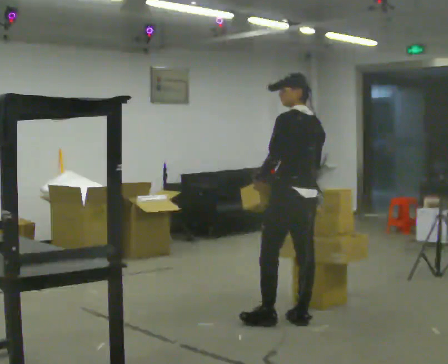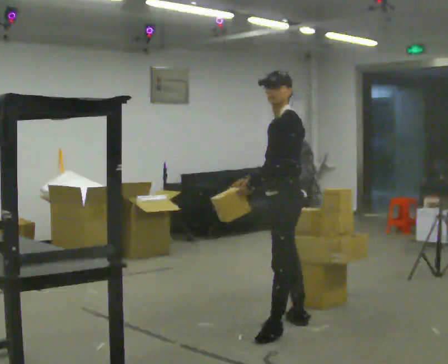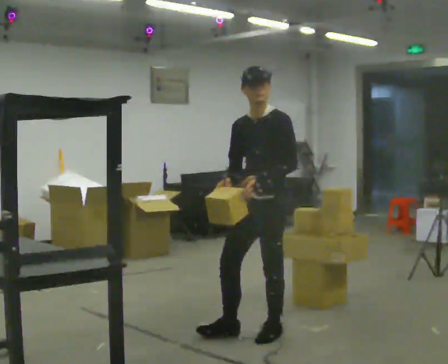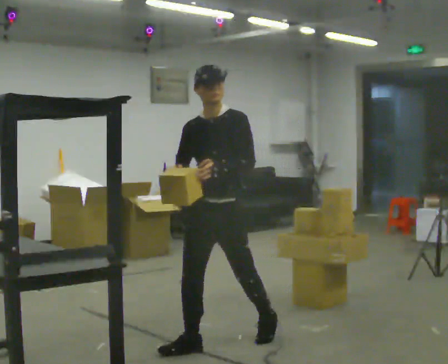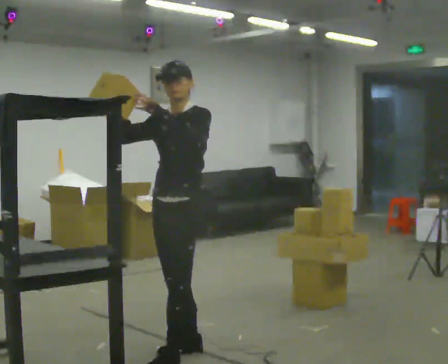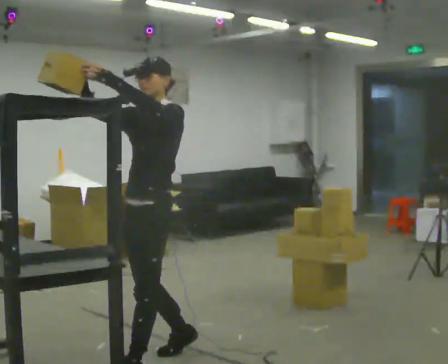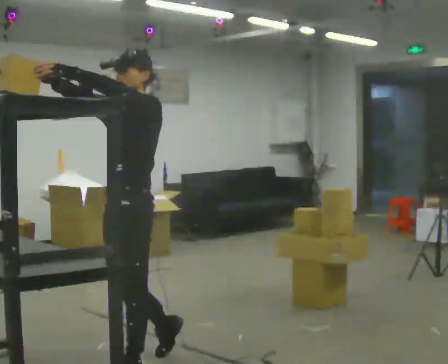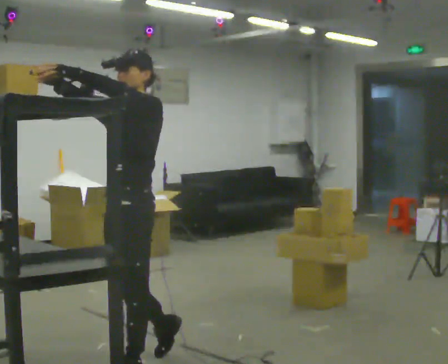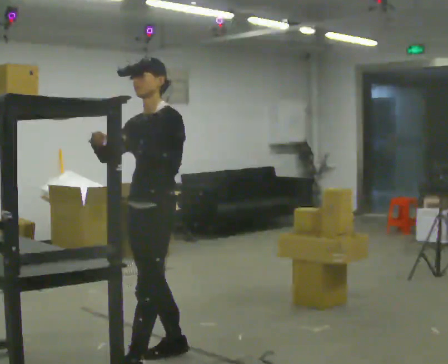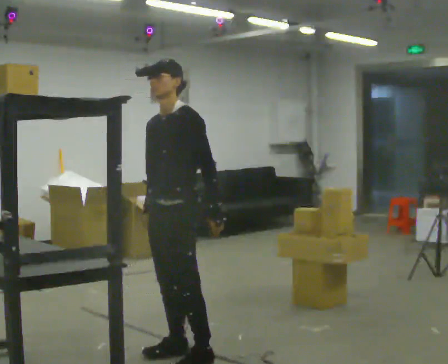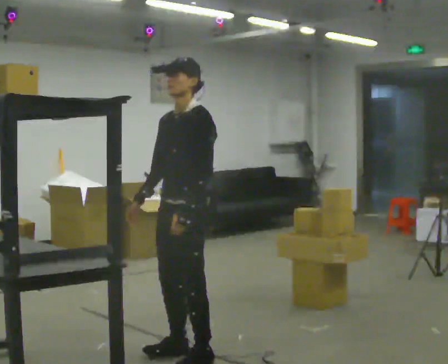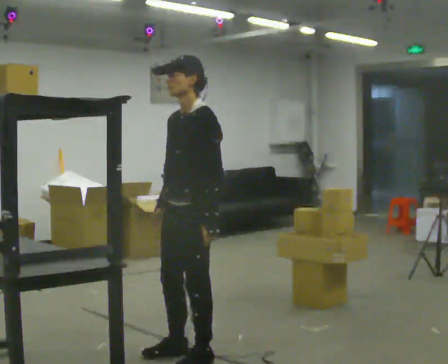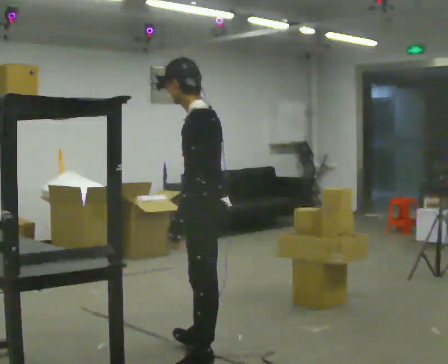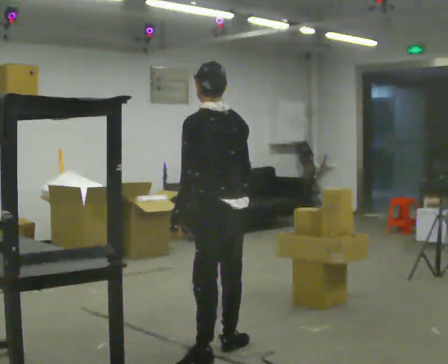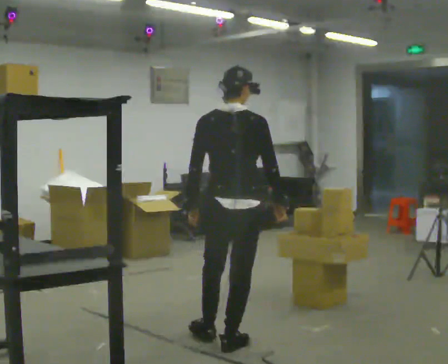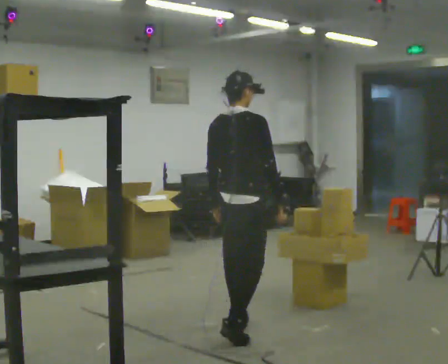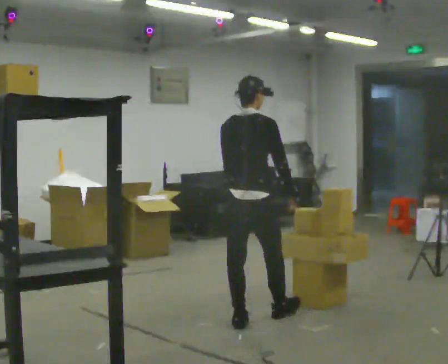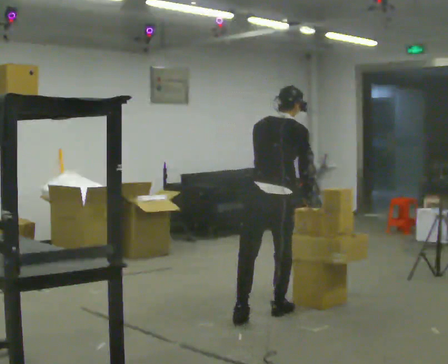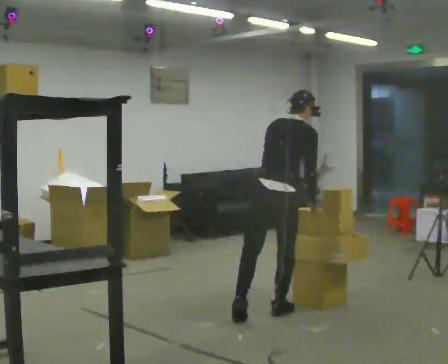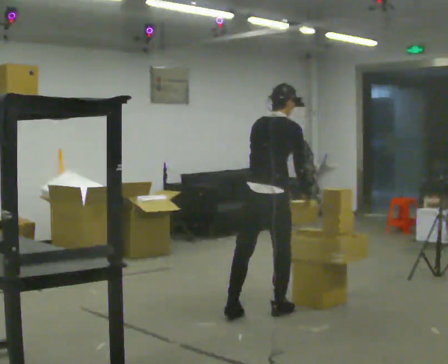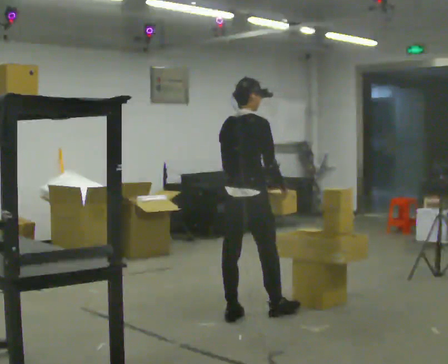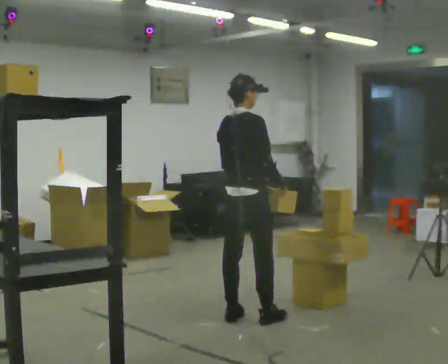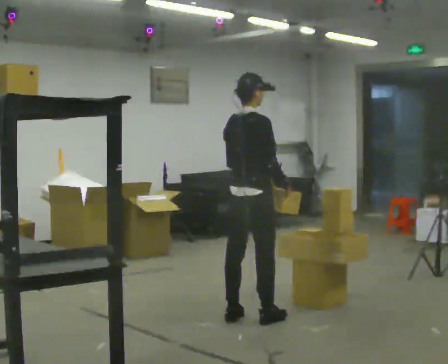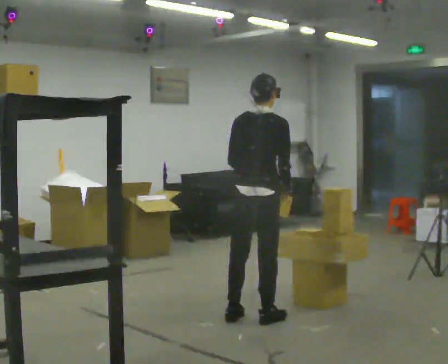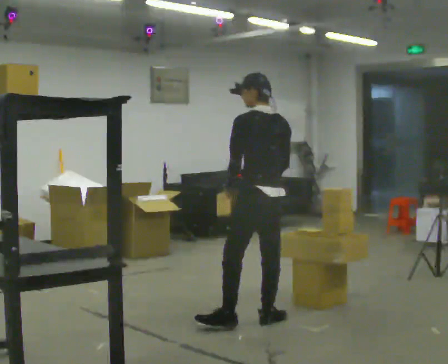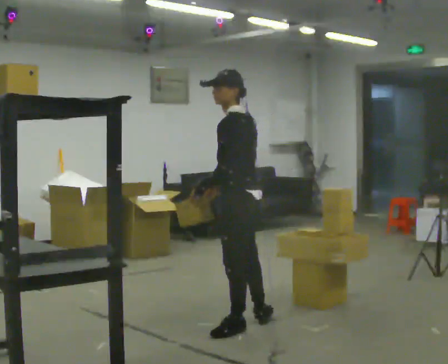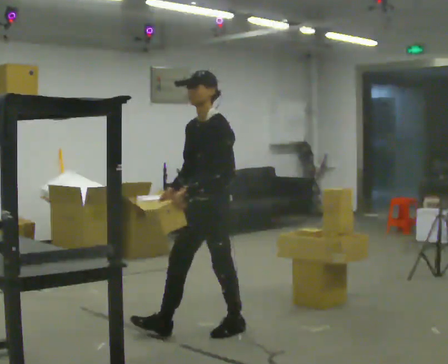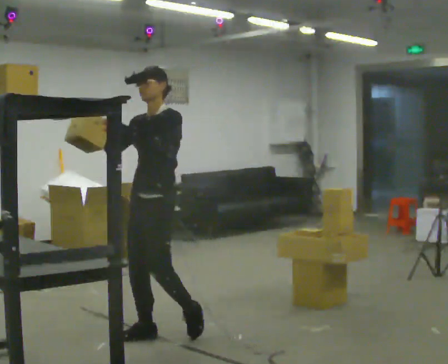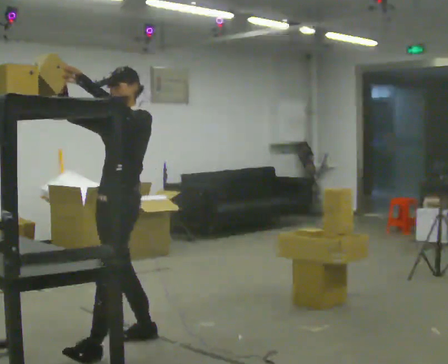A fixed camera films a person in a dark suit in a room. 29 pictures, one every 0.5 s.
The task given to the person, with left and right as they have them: Take an object down from the highest shelf you can comfortably reach, carry it across, and place it on the waist-height shelf. Keep going until the operator says stop; one object at a time, and do not rush between trips.
0.0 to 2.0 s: The part of the body nearest the lens slides to the right as the person turns to their left by about 105 degrees. In the picture they go to the left and toward the camera, about 1 m in 2 steps. In the picture their right hand goes upward.
2.0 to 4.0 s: In the picture they go toward the camera, about 0.25 m in 2 steps, which for them is forward.
4.0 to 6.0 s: Seen from above the body turns clockwise, about 45 degrees: to their right, with its near side sliding to the left. In the picture they go to the right, about 0.25 m in 1 step, which for them is backward and to their left.
6.0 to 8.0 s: The part of the body nearest the lens slides to the left as the person turns to their right by about 105 degrees. In the picture they go away from the camera, about 1 m in 2 steps. The upper body tips away from the camera, its near side rolling upward.
8.0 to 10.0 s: In the picture they go away from the camera, about 0.25 m in 2 steps, which for them is forward.
10.0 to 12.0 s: The part of the body nearest the lens slides to the right as the person turns to their left by about 75 degrees. In the picture they go toward the camera and to the right, about 0.25 m in 1 step.
12.0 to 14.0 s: Seen from above the body turns counterclockwise, about 90 degrees: to their left, with its near side sliding to the right. In the picture they go to the left and toward the camera, about 1 m in 3 steps. In the picture their right hand goes upward, the arm swinging clockwise.
The film runs forward here.
